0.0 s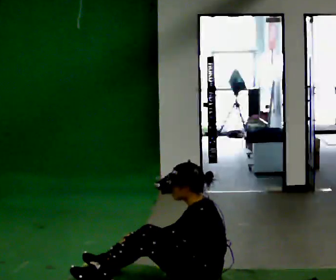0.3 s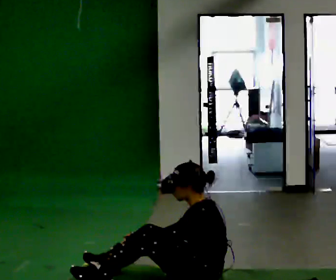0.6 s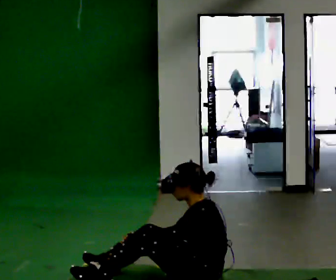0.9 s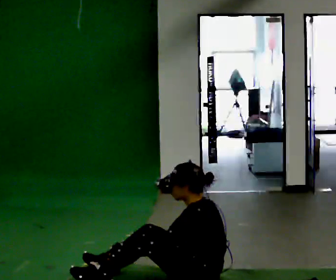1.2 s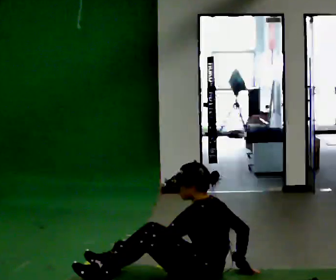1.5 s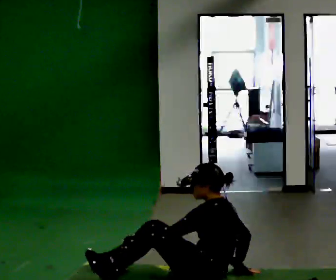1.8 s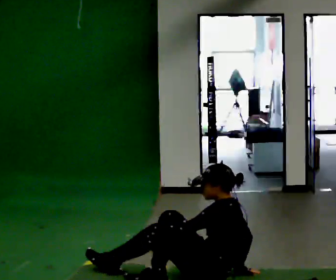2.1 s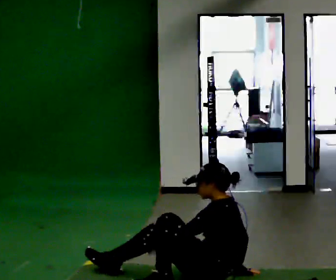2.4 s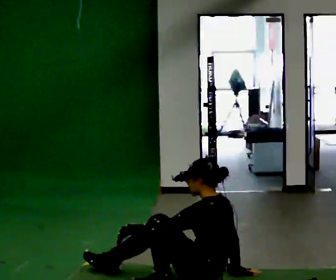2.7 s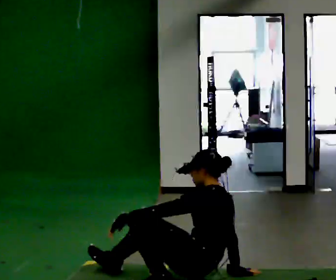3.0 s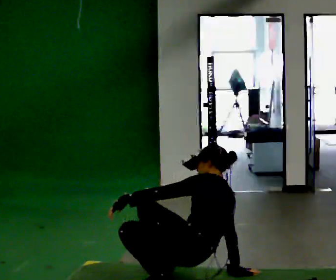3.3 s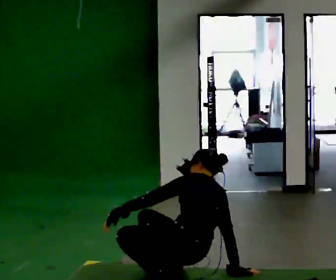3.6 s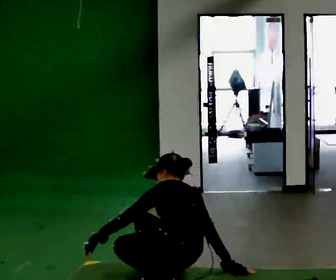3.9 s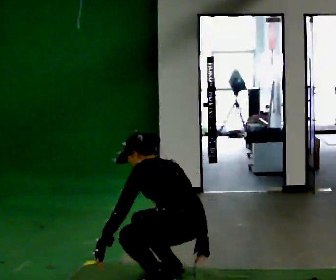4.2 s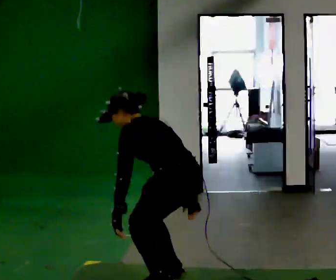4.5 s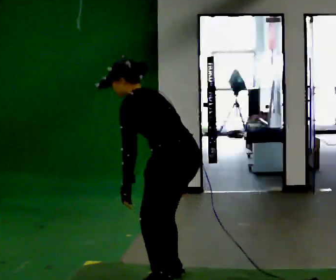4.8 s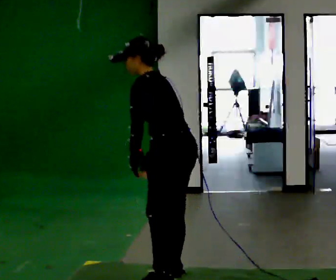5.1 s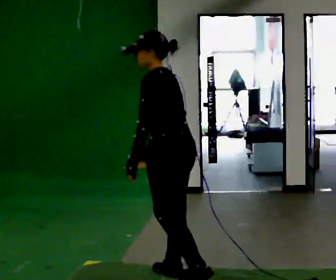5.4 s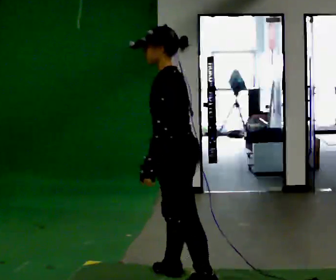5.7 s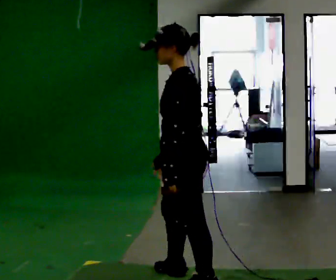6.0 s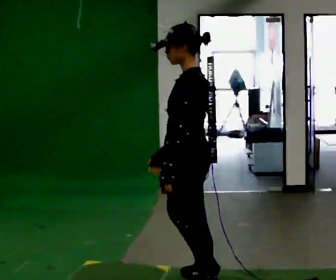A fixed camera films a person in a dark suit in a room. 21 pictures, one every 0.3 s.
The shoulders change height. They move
upward.
0.0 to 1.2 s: In the picture their right hand goes to the right.
1.2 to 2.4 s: The person moves a little, or ends about where they began.
2.4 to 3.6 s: The part of the body nearest the lens slides to the left as the person turns to their right by about 30 degrees. In the picture they go to the left, about 0.25 m in 1 step, which for them is forward. The upper body tips away from the camera, its near side rolling upward.
3.6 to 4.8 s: The person turns about 30 degrees to their left, counterclockwise seen from above, so the part of the body nearest the lens slides to the right. In the picture they go away from the camera, about 0.25 m, which for them is forward. The shoulders move upward. The upper body tips toward the camera, its near side rolling downward. In the picture their right hand goes upward and to the left.
4.8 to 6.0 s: In the picture they go toward the camera, about 0.25 m in 1 step, which for them is to their left. In the picture the upper body tilts clockwise, shoulders to the right, as they lean back or straighten.
The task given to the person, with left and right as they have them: From standing, sit down on the floor, then stand back up in whatever way is natural. Repeat the movement at your own pace until the operator says stop; do not rush.
The film runs forward here.
